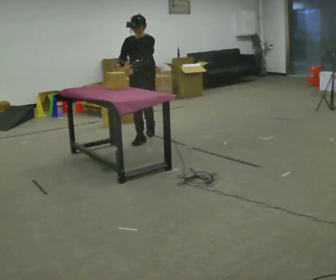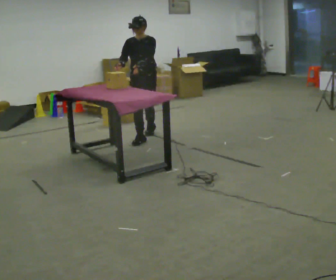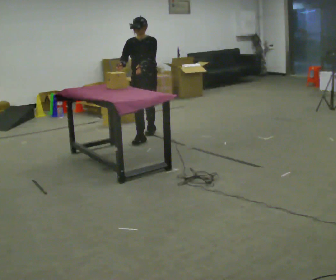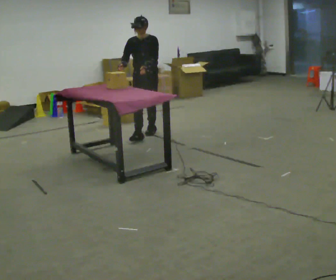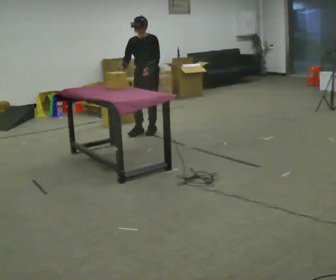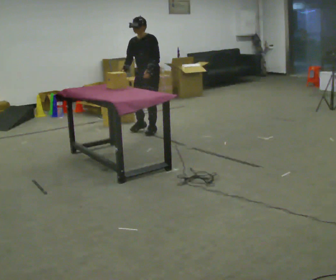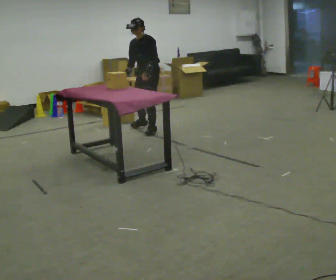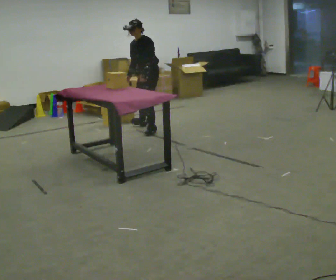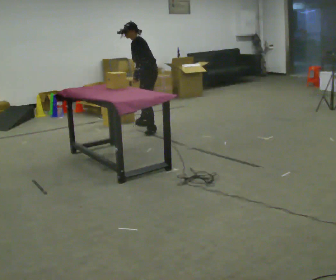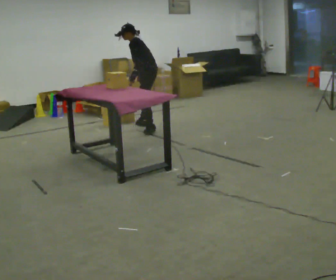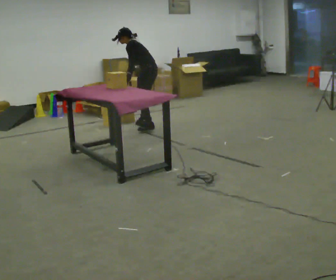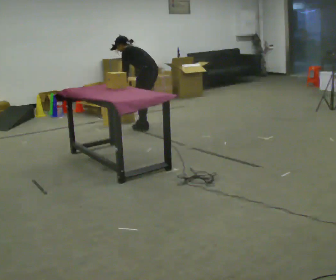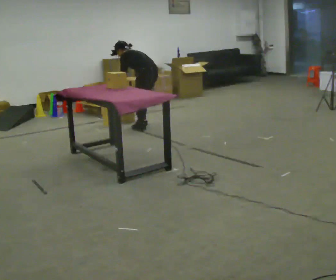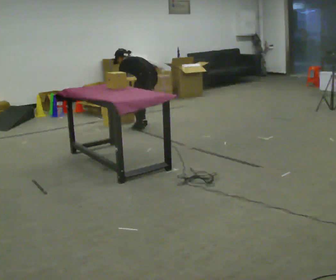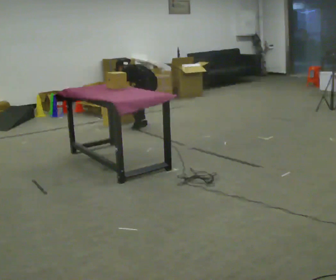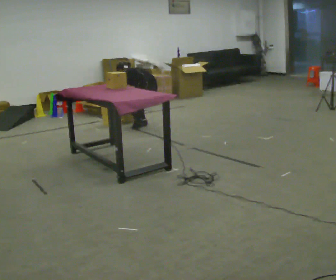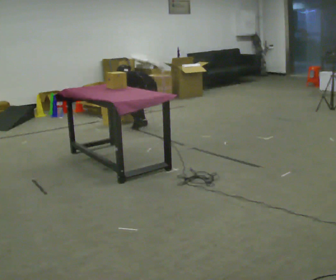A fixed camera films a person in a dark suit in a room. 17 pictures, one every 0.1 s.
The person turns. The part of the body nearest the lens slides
to the left.
Their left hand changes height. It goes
downward.
0.0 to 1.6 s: The person turns about 120 degrees to their right, clockwise seen from above, so the part of the body nearest the lens slides to the left. In the picture they go away from the camera, about 0.5 m in 2 steps. The shoulders move downward. The upper body tips away from the camera, its near side rolling upward, as they bend forward. In the picture their right hand goes downward.
The film runs backward here.
